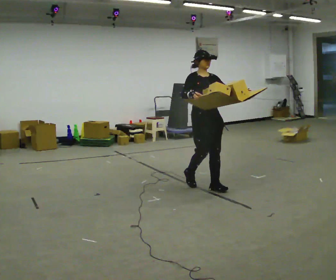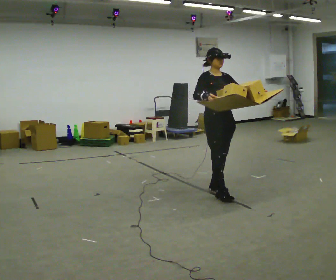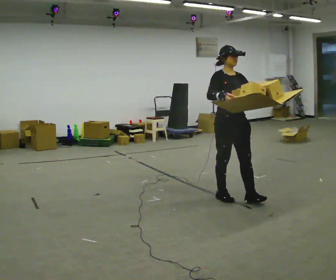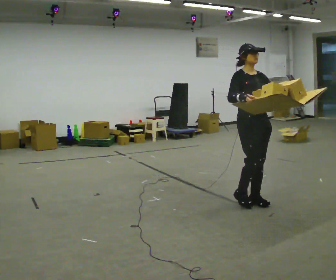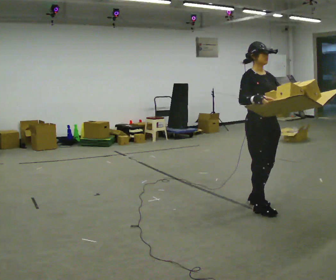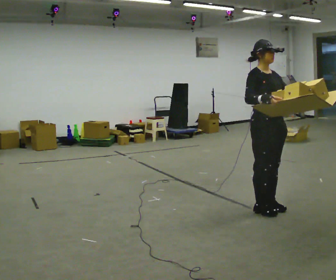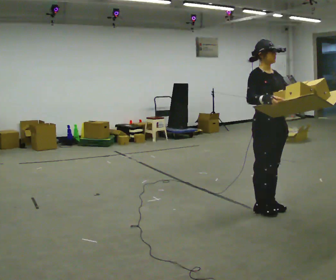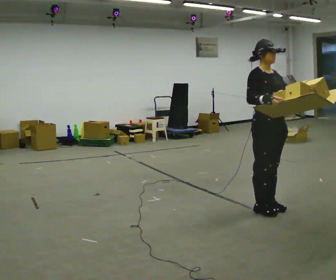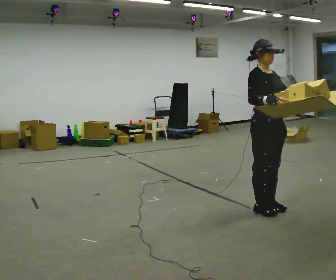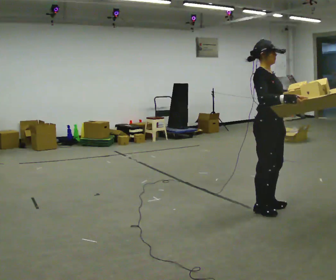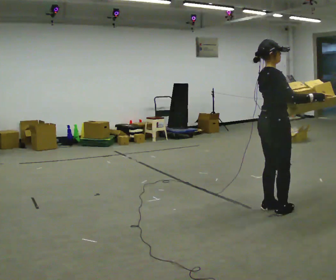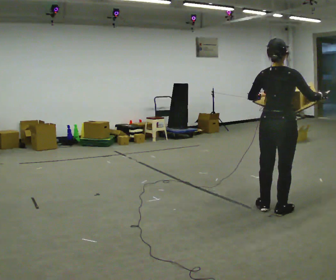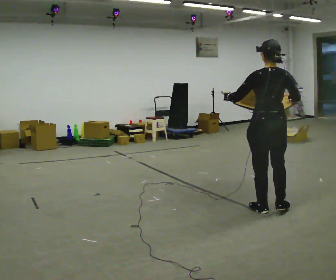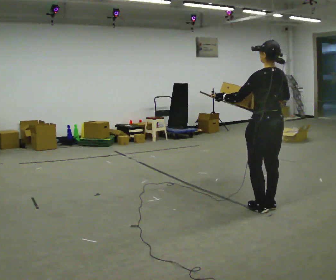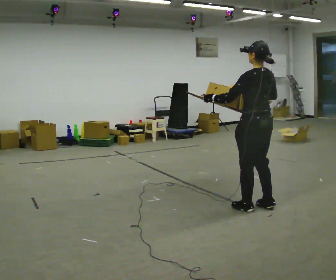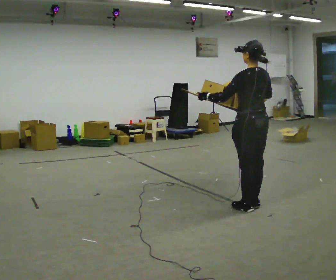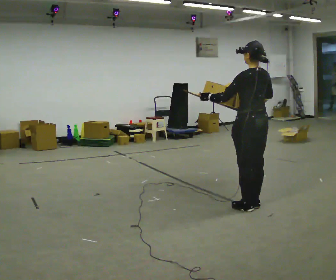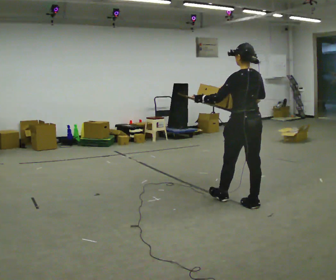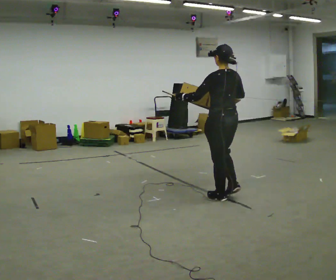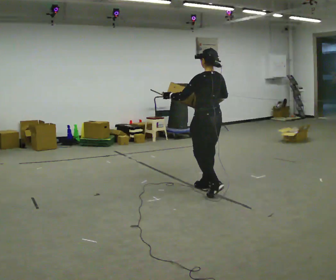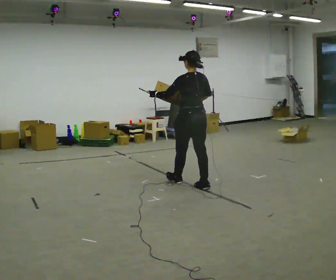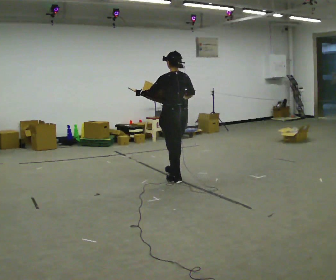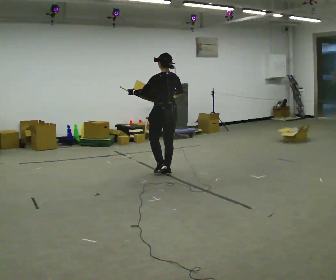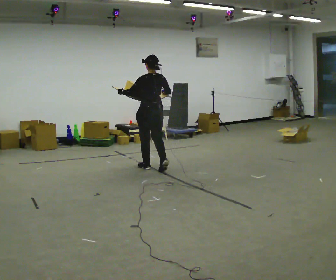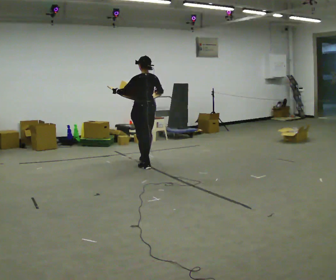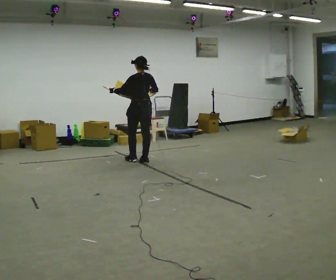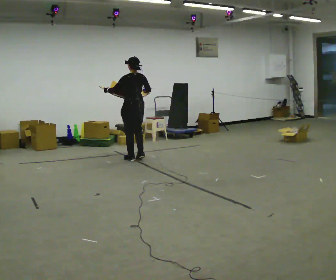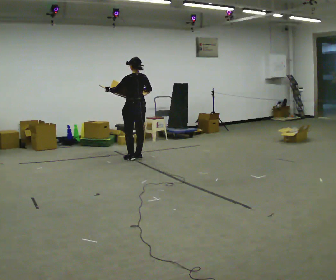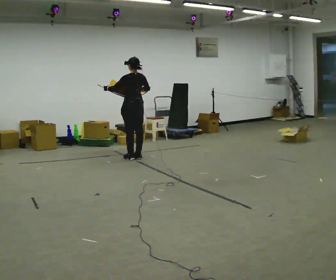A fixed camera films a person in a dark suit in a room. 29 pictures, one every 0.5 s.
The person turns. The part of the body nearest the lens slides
to the right.
The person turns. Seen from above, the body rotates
counterclockwise.
0.0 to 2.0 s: In the picture they go toward the camera and to the right, about 1 m in 3 steps, which for them is forward.
2.0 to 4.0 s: The person moves a little, or ends about where they began.
4.0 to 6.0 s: The person turns about 150 degrees to their left, counterclockwise seen from above, so the part of the body nearest the lens slides to the right. In the picture their left hand goes to the left.
6.0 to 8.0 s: In the picture their right hand goes to the left.
8.0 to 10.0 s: In the picture they go away from the camera and to the left, about 1 m in 3 steps, which for them is forward.
10.0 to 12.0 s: In the picture they go away from the camera and to the left, about 1 m in 3 steps, which for them is forward.
12.0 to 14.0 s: In the picture they go away from the camera and to the left, about 0.5 m in 2 steps, which for them is forward.
The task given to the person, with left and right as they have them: Carry the loaded tray flat and level in both hands, walking back and forth across the room. Try not to let anything slide off.
The film runs forward here.
